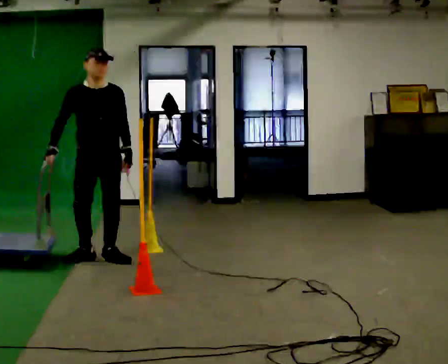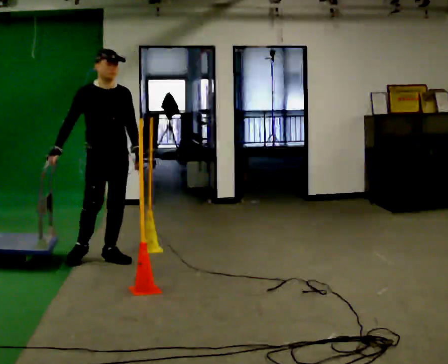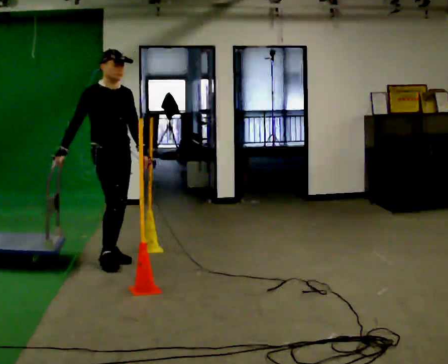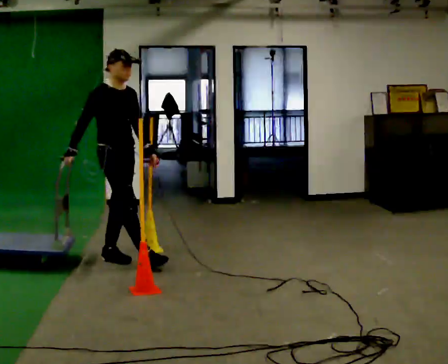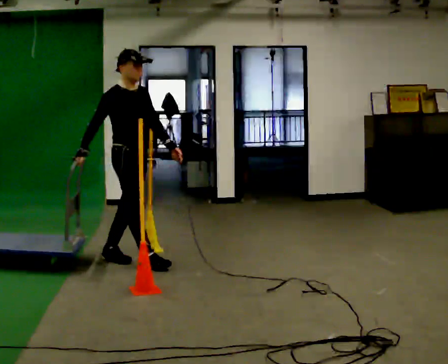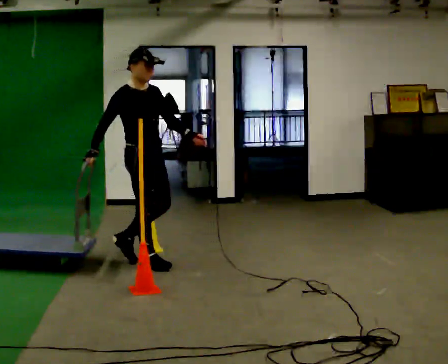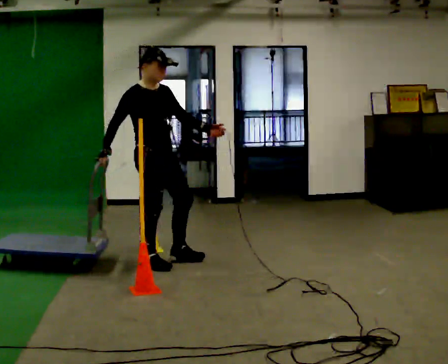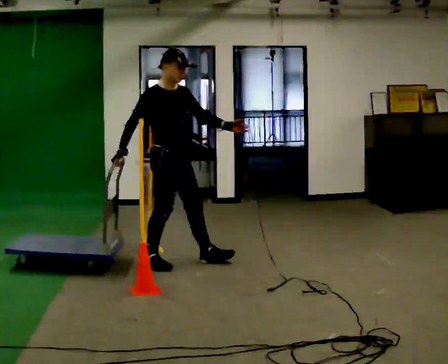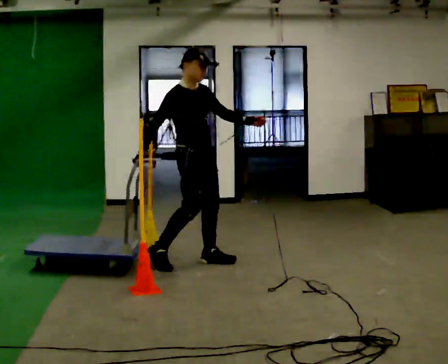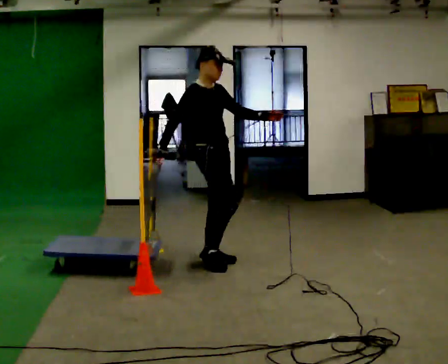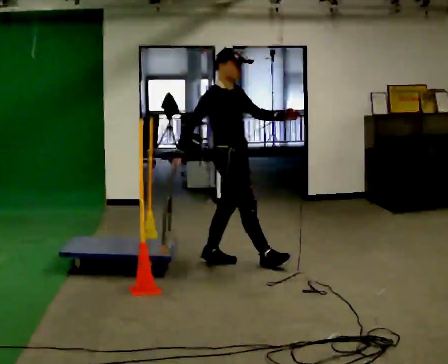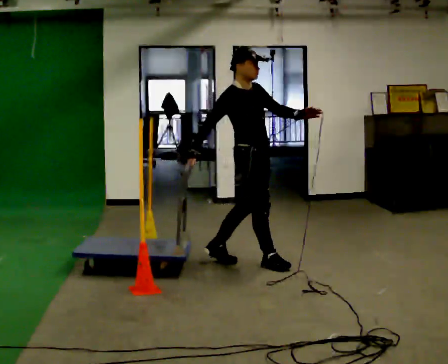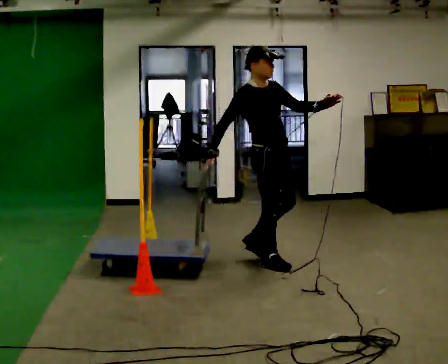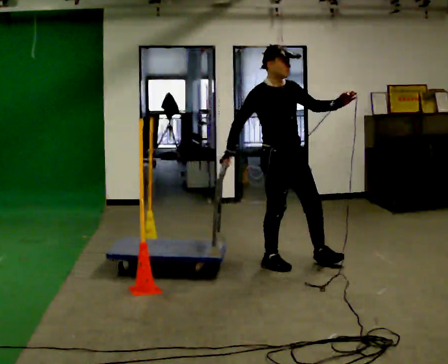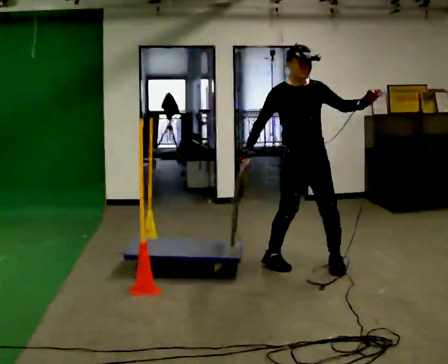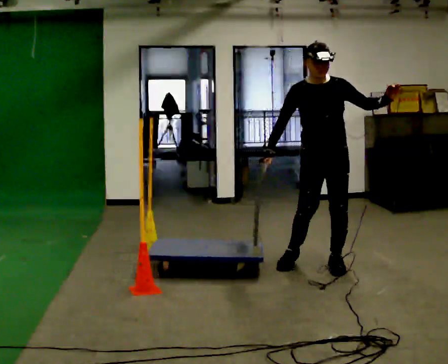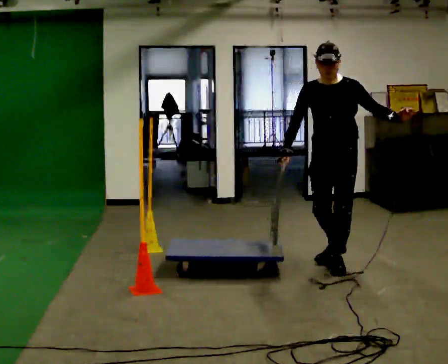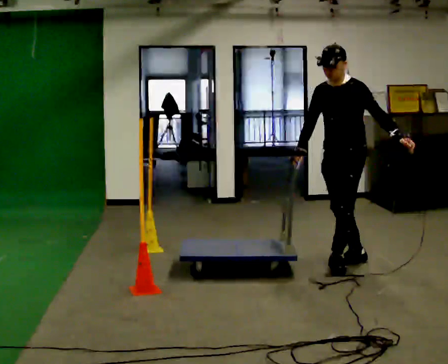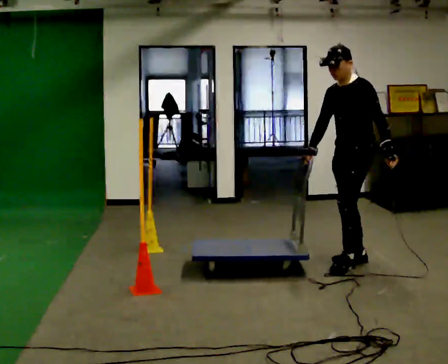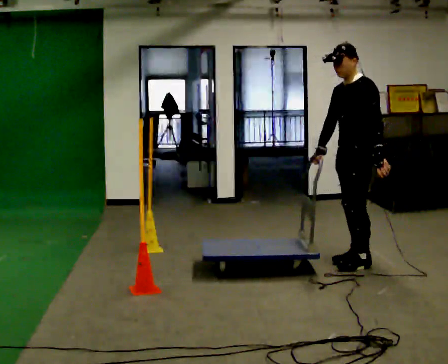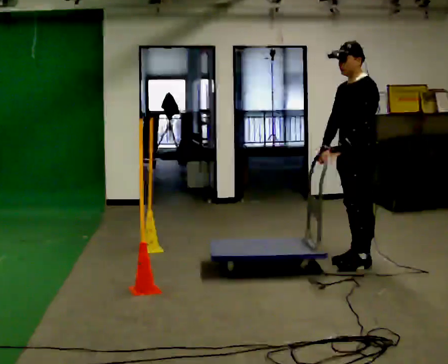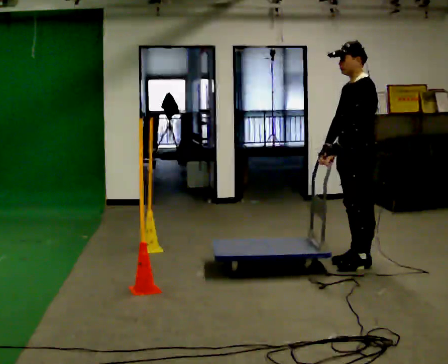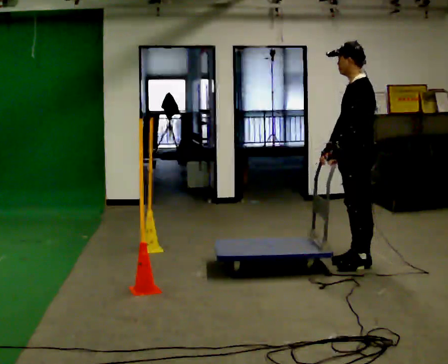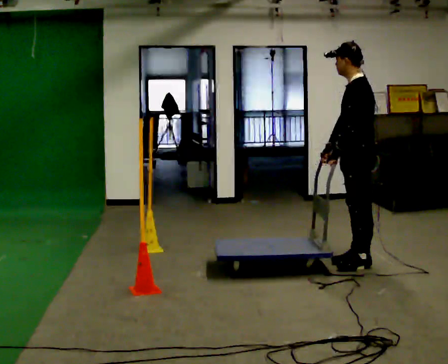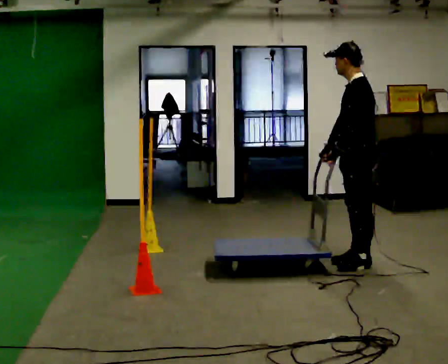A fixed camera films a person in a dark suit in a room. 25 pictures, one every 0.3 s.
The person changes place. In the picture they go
to the right.
0.0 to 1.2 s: Seen from above the body turns counterclockwise, about 45 degrees: to their left, with its near side sliding to the right. In the picture they go to the right, about 0.25 m in 1 step, which for them is forward.
1.2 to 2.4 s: In the picture they go to the right, about 0.5 m in 1 step, which for them is forward and to their left.
2.4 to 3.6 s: In the picture they go to the right, about 0.5 m in 1 step, which for them is forward.
3.6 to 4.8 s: The person turns about 90 degrees to their right, clockwise seen from above, so the part of the body nearest the lens slides to the left. In the picture they go to the right, about 0.5 m in 1 step.
4.8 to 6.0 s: Seen from above the body turns clockwise, about 45 degrees: to their right, with its near side sliding to the left. In the picture they go to the right, about 0.25 m in 2 steps, which for them is backward. In the picture their left hand goes to the left, the arm swinging clockwise.
6.0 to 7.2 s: The person moves a little, or ends about where they began.
The film runs forward here.
